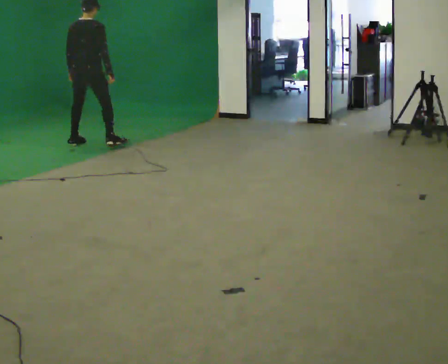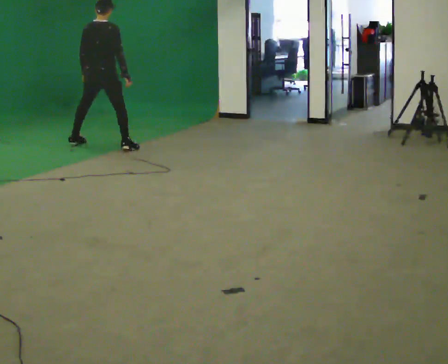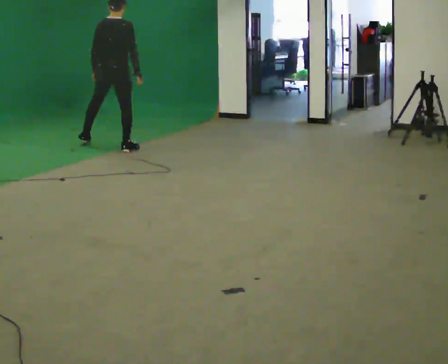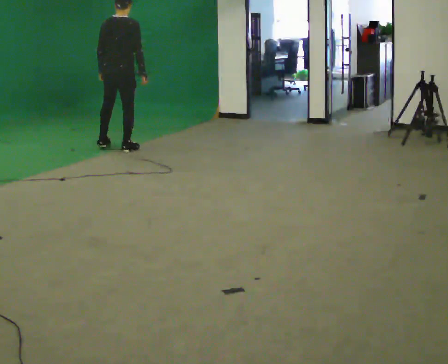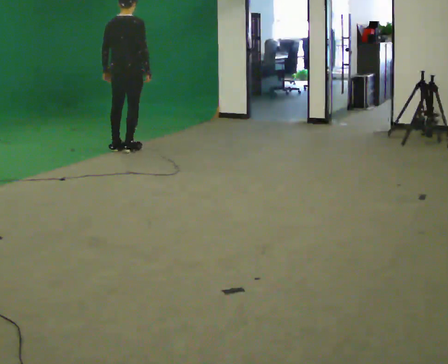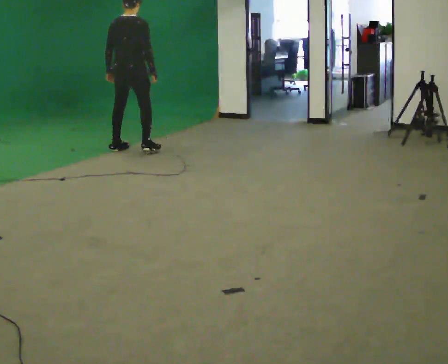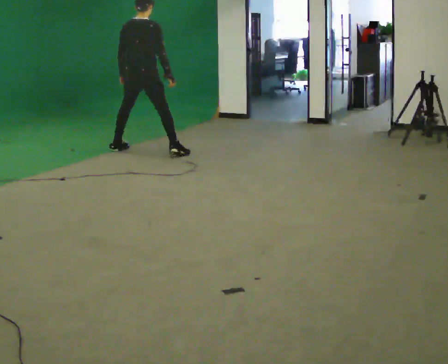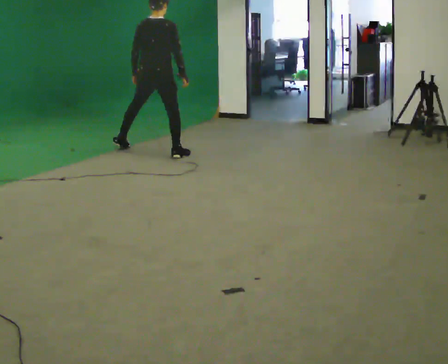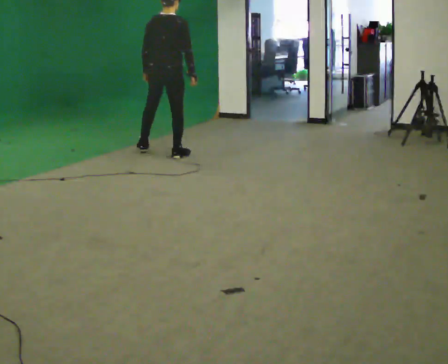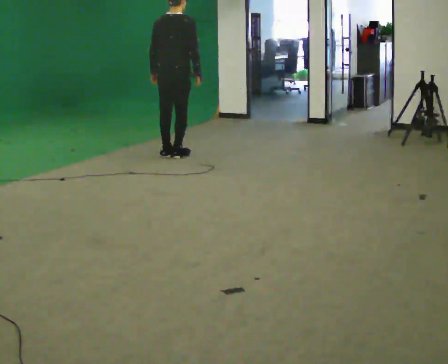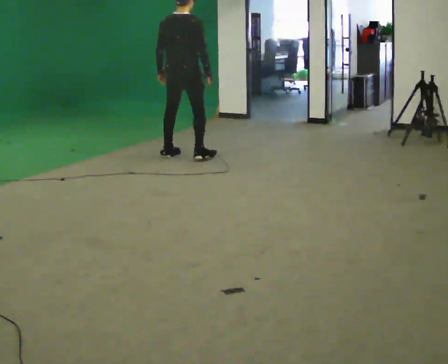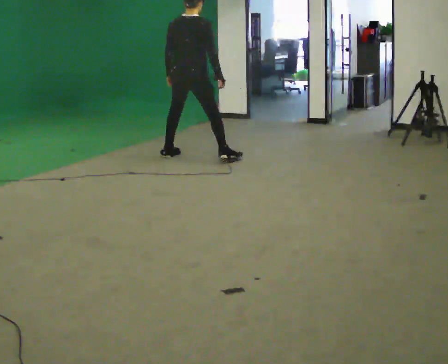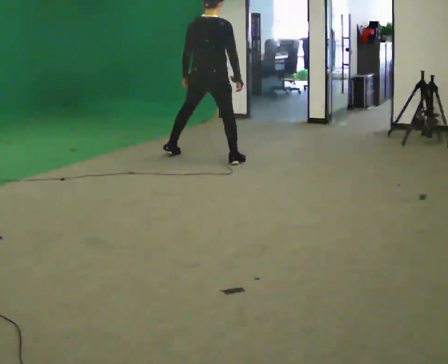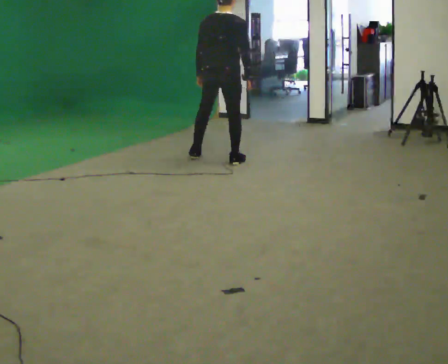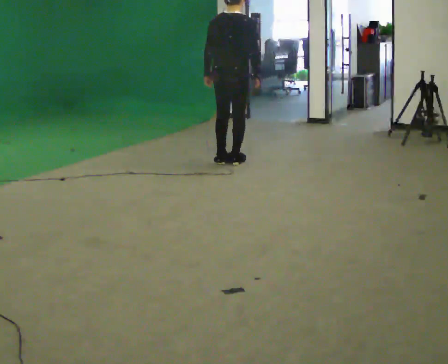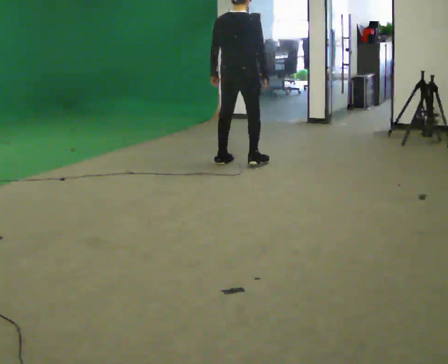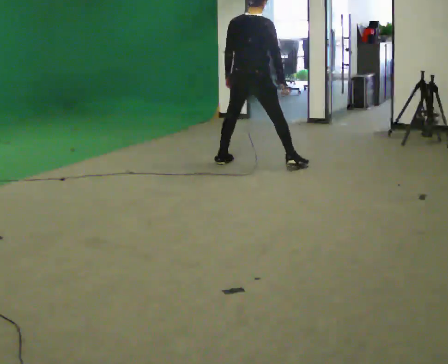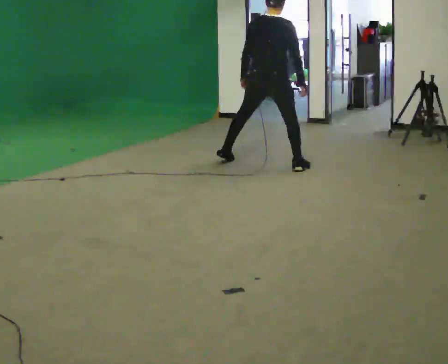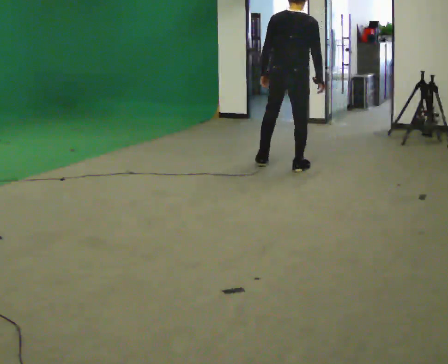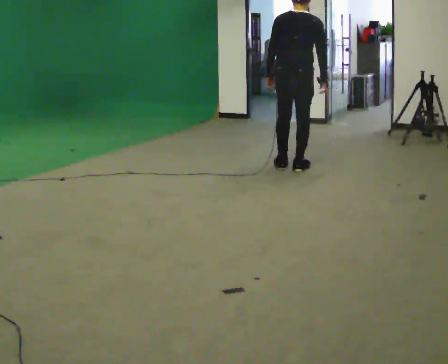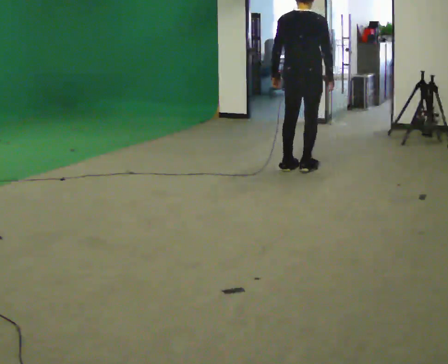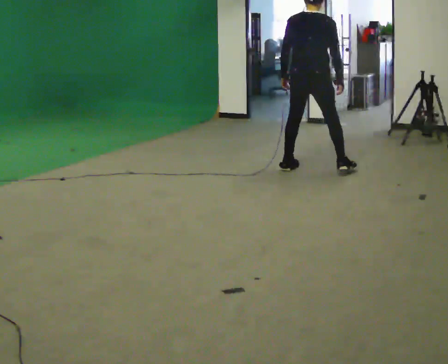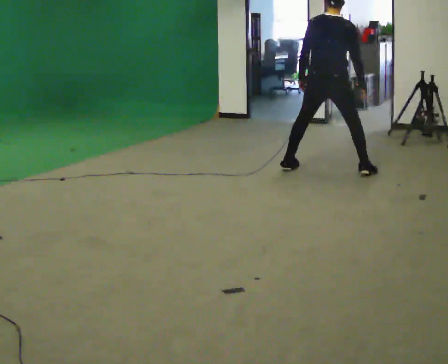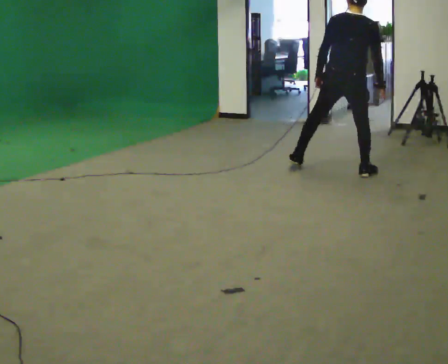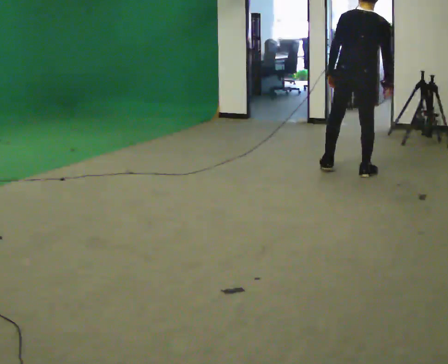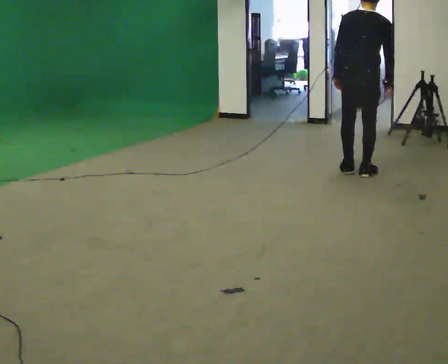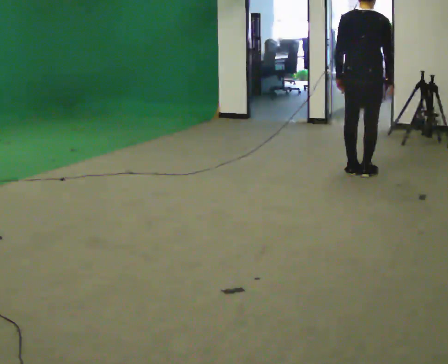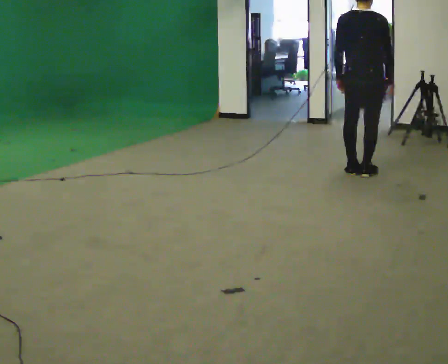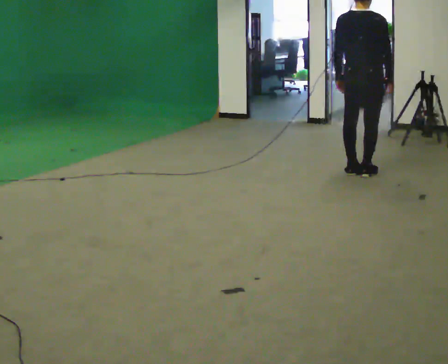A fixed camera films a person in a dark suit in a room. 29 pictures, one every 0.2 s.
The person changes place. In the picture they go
to the right.
0.0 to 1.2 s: In the picture they go to the right and toward the camera, about 0.75 m in 2 steps, which for them is to their right.
1.2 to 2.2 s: In the picture they go to the right and toward the camera, about 0.75 m in 2 steps, which for them is to their right.
2.2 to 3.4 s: In the picture they go to the right and toward the camera, about 1 m in 2 steps, which for them is to their right.
3.4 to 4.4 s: In the picture they go to the right and toward the camera, about 0.75 m in 2 steps, which for them is to their right.
4.4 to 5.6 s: In the picture they go to the right and toward the camera, about 0.5 m in 1 step, which for them is to their right.
The film runs backward here.
